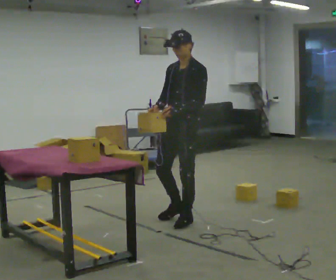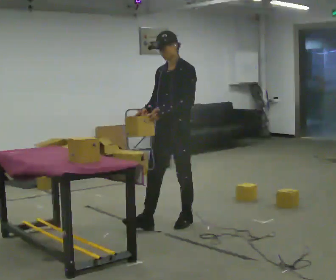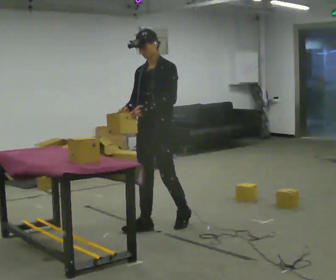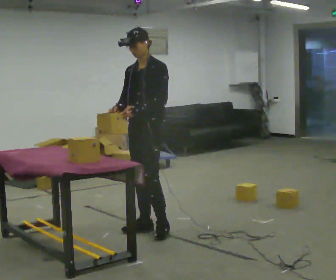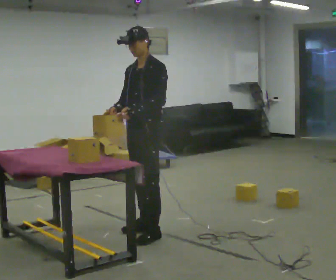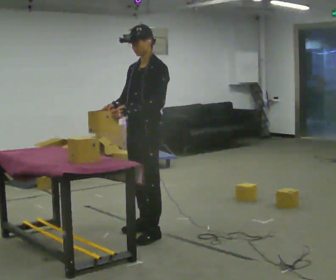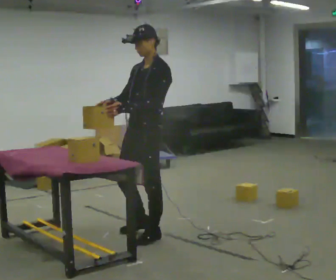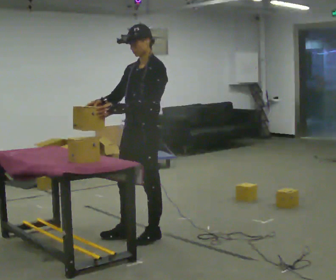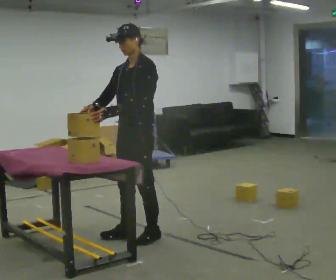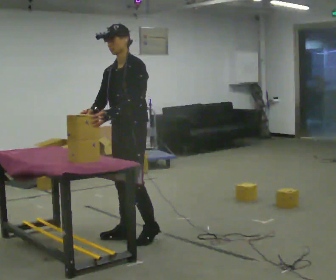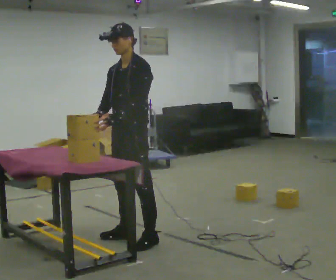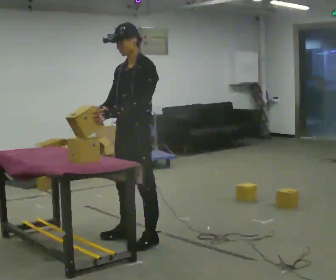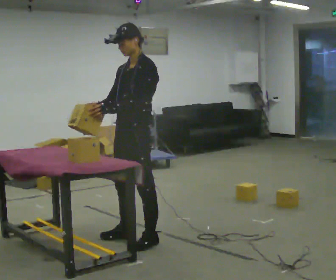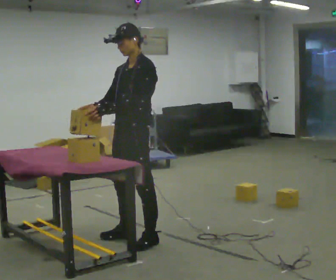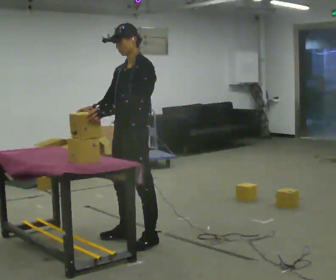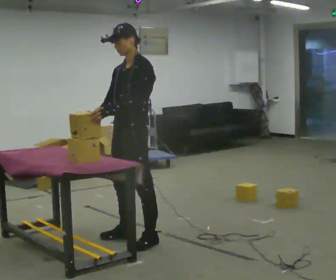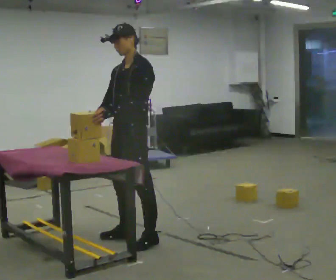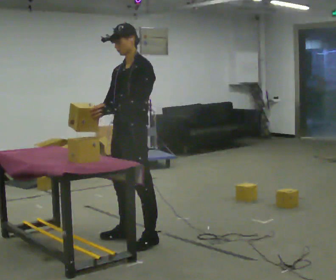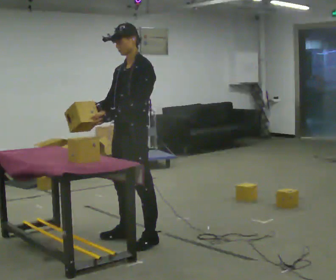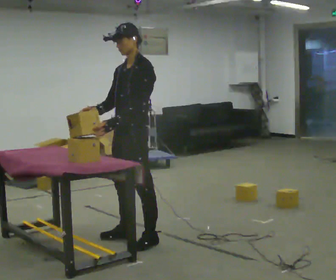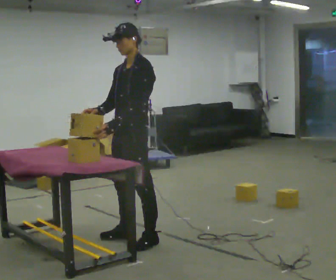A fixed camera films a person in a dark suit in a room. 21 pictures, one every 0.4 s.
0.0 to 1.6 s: In the picture they go to the left and toward the camera, about 0.5 m in 2 steps, which for them is forward.
1.6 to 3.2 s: In the picture they go toward the camera, about 0.25 m in 1 step, which for them is forward and to their left.
3.2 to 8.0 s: The person moves a little, or ends about where they began.
The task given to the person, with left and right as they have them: Carry the box over and put it on the shelf with the label facing out towards you. Get the orientation right, not just the position. Keep going until the operator says stop; one object at a time, and do not rush between trips.
The film runs forward here.
